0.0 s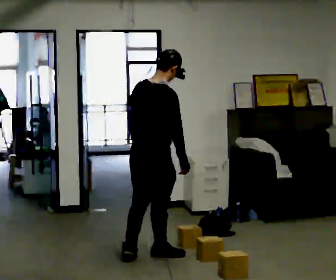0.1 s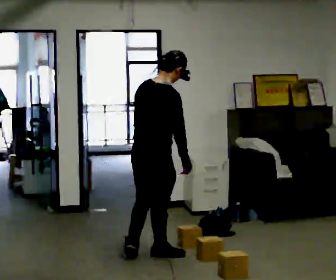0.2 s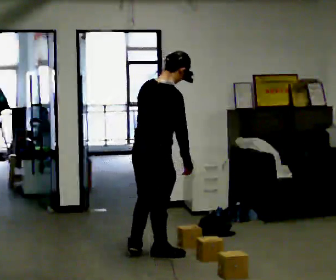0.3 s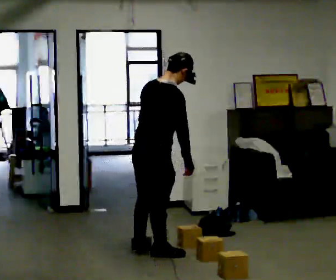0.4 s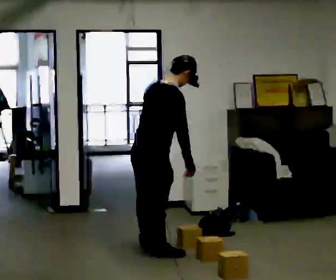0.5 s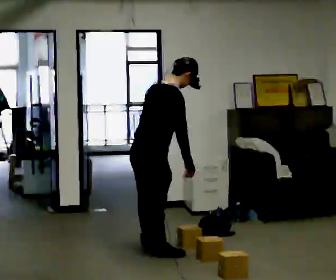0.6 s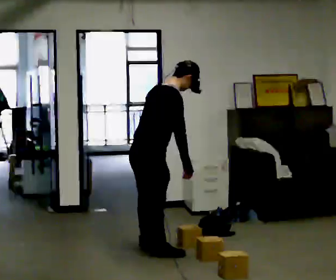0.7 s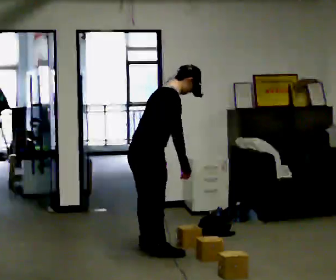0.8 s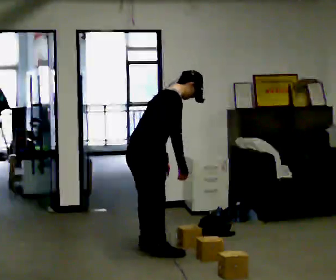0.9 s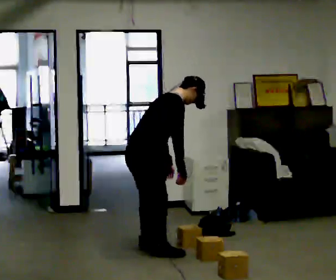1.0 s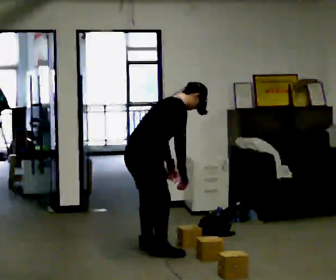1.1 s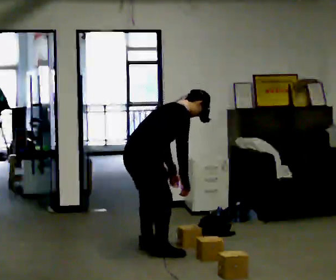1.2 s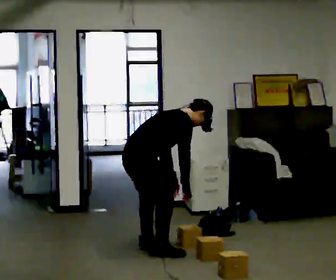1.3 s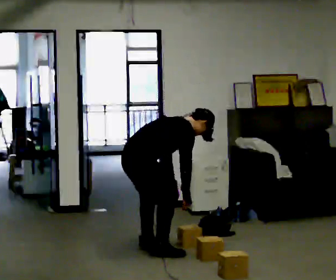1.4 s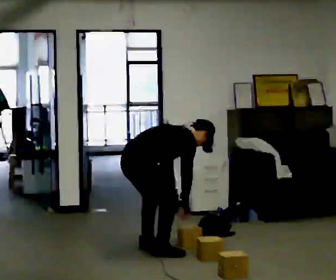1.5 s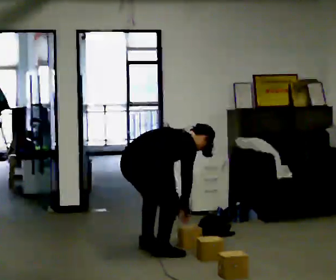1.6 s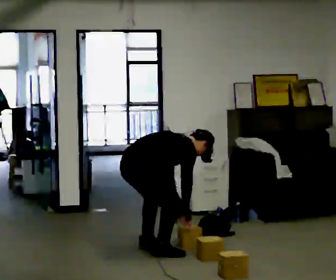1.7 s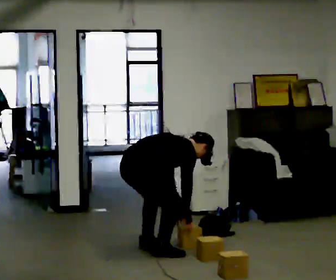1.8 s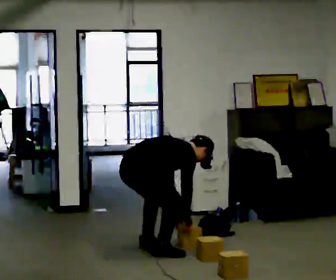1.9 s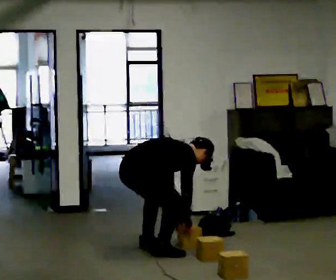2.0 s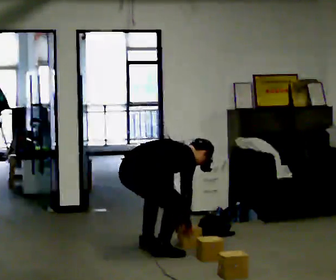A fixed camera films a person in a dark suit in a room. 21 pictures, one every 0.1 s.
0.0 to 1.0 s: Seen from above the body turns clockwise, about 30 degrees: to their right, with its near side sliding to the left. In the picture they go away from the camera, about 0.25 m in 1 step, which for them is to their left. In the picture the upper body tilts clockwise, shoulders to the right, as they bend forward.
1.0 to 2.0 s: The upper body goes downward. In the picture the upper body tilts clockwise, shoulders to the right, as they bend forward. In the picture their right hand goes downward.
The film runs forward here.
